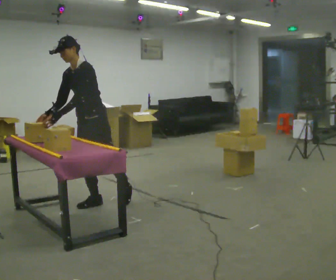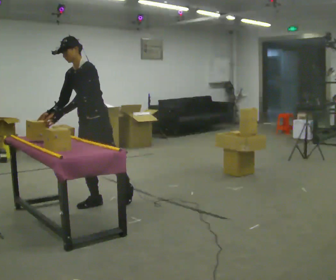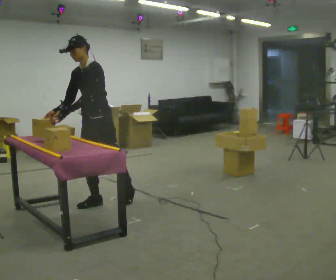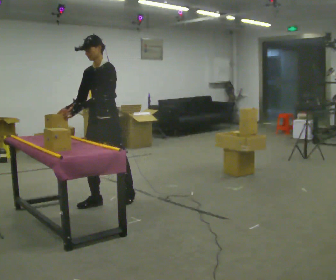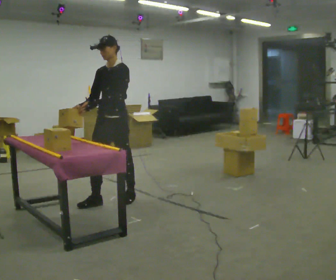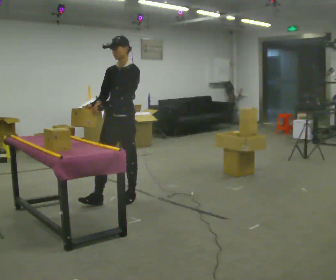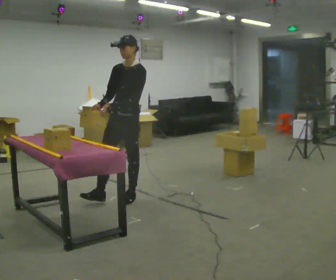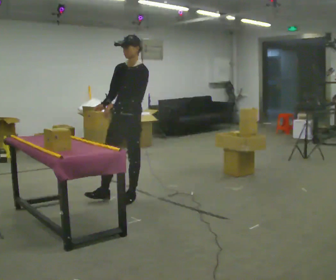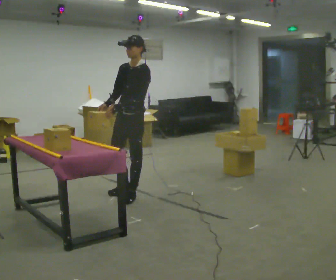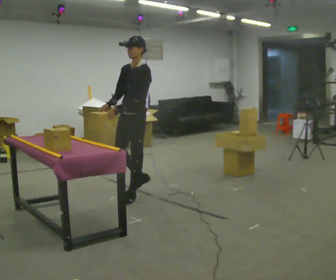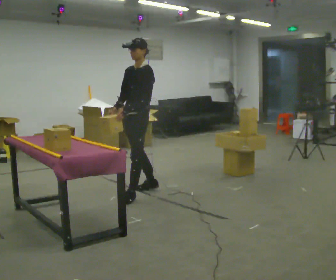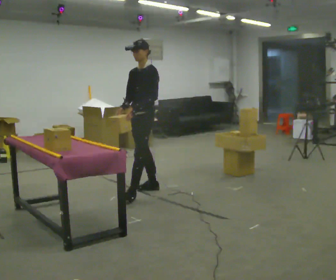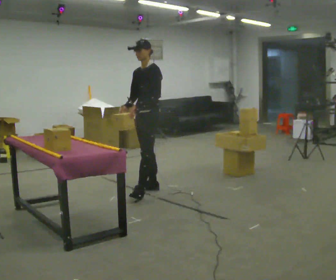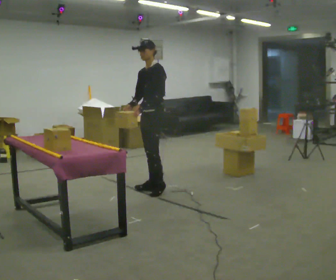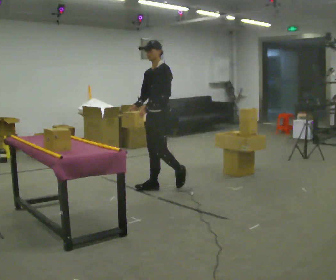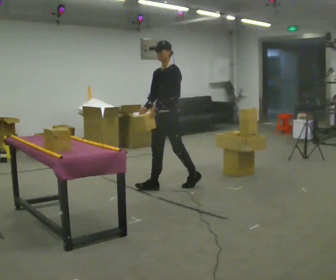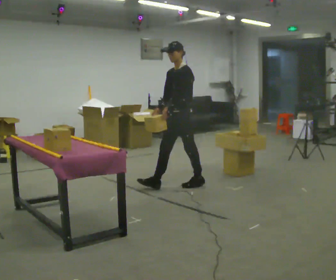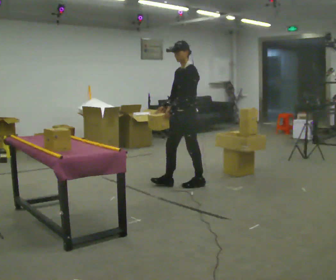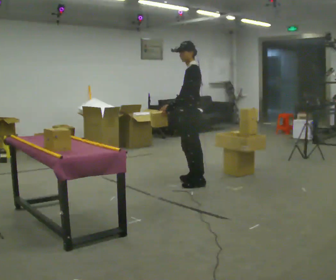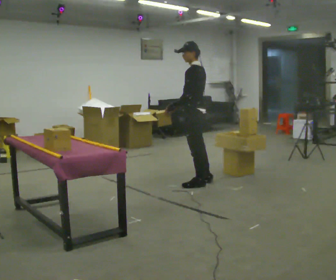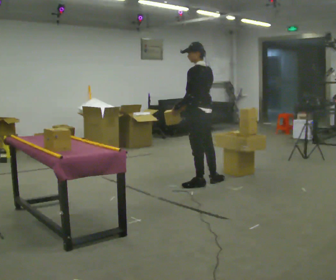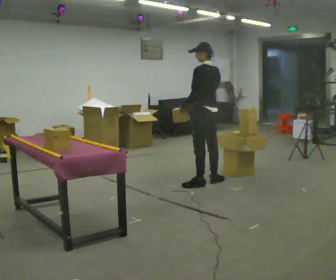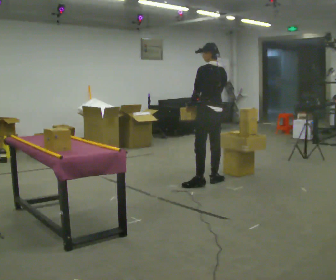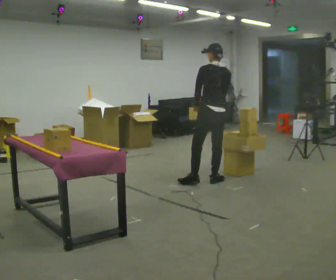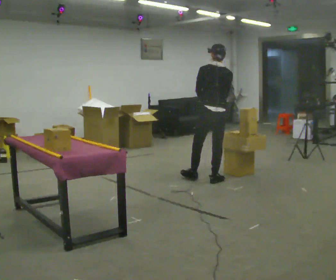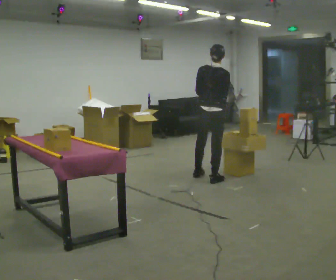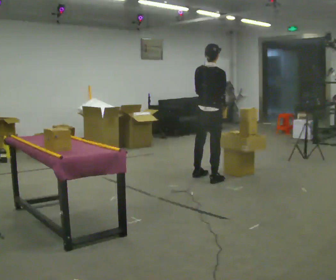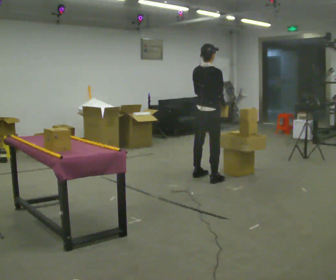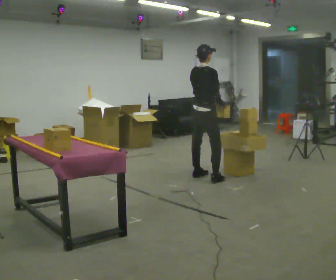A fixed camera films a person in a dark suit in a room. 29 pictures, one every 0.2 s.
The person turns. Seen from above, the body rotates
clockwise.
The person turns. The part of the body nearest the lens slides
to the left.
0.0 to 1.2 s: In the picture they go to the right and away from the camera, about 0.5 m in 1 step, which for them is backward and to their left. In the picture the upper body tilts clockwise, shoulders to the right, as they lean back or straighten.
1.2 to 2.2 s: In the picture they go away from the camera and to the right, about 0.25 m, which for them is backward.
2.2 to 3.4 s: In the picture they go to the right, about 0.5 m in 2 steps, which for them is backward.
3.4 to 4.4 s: The person turns about 75 degrees to their right, clockwise seen from above, so the part of the body nearest the lens slides to the left. In the picture they go to the right, about 0.25 m.
4.4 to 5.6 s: The person turns about 75 degrees to their right, clockwise seen from above, so the part of the body nearest the lens slides to the left. In the picture they go away from the camera, about 0.25 m in 1 step.
The film runs backward here.
